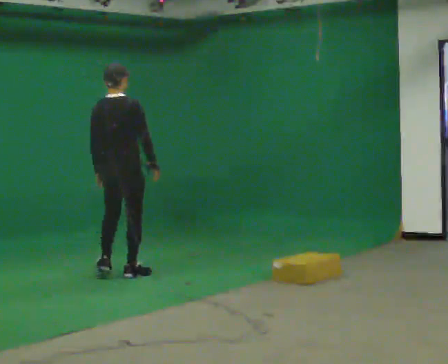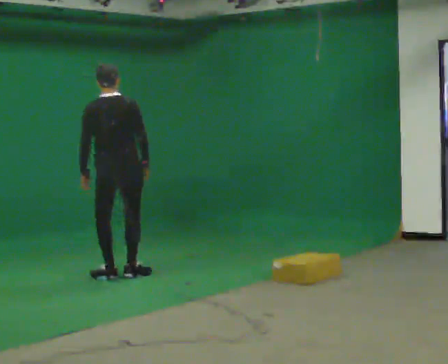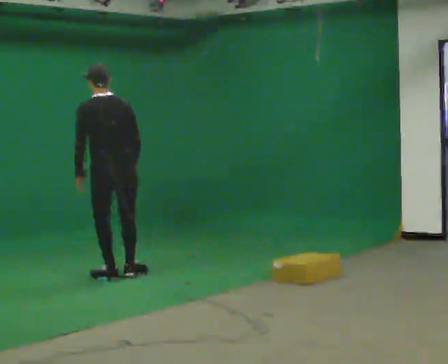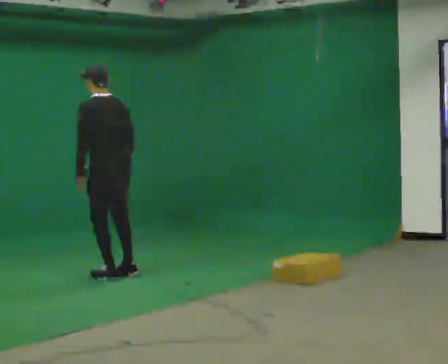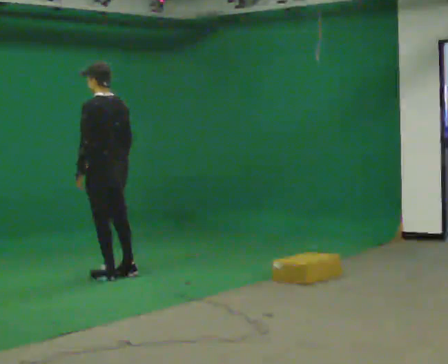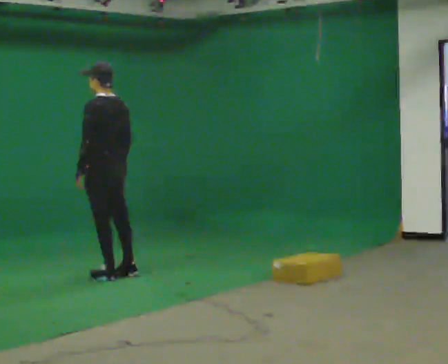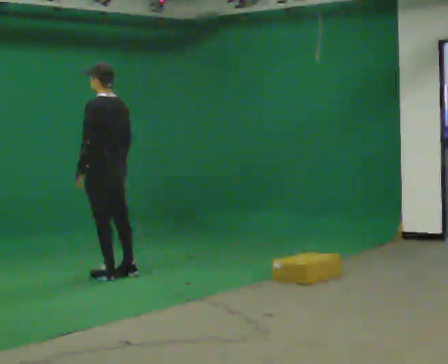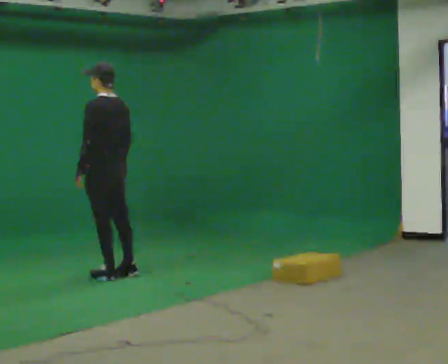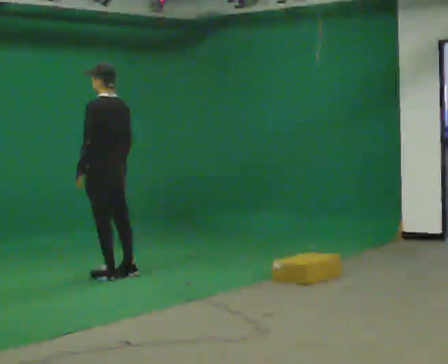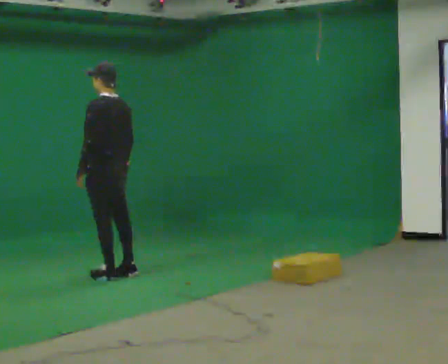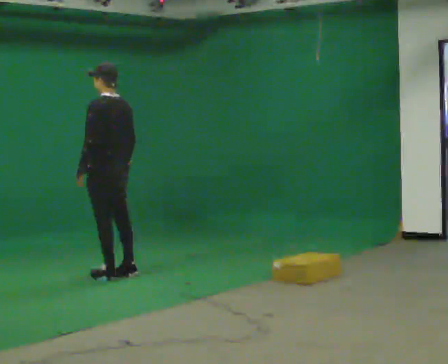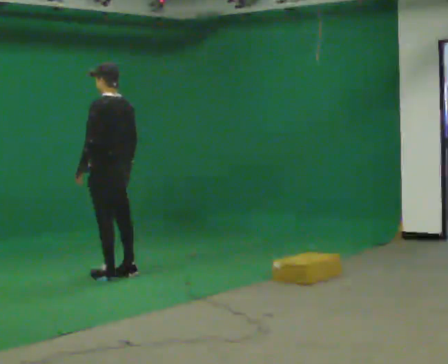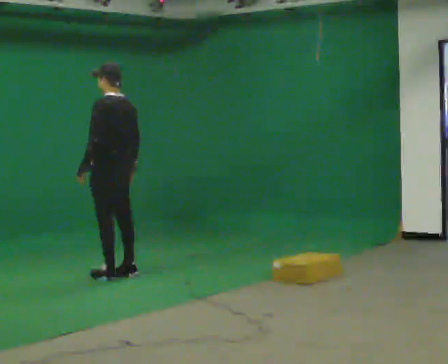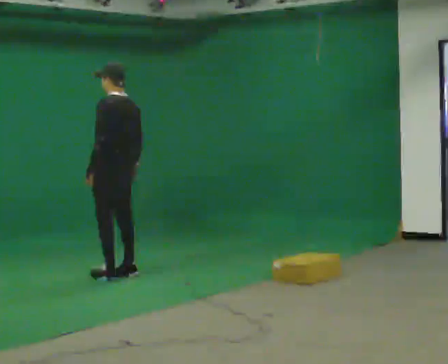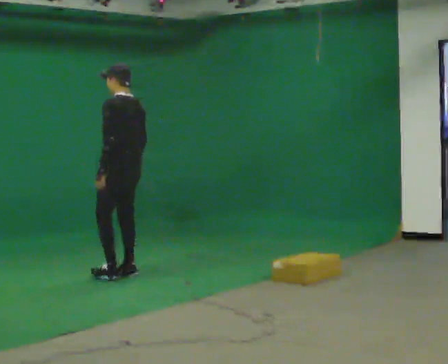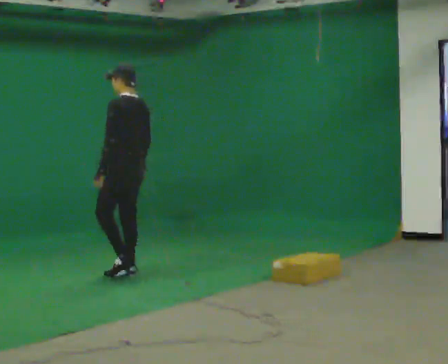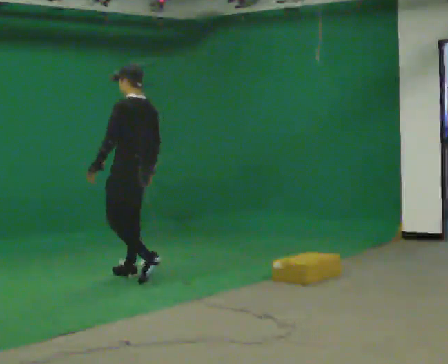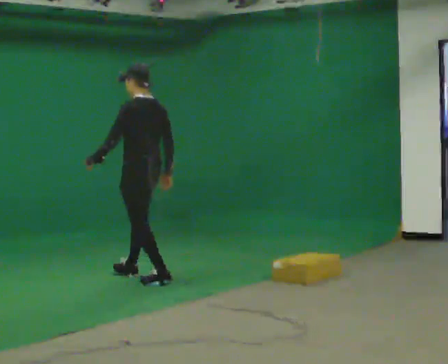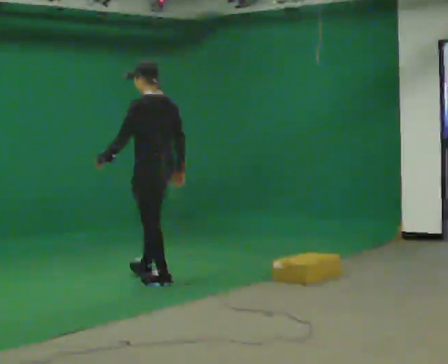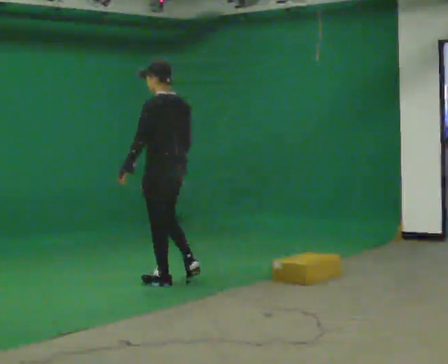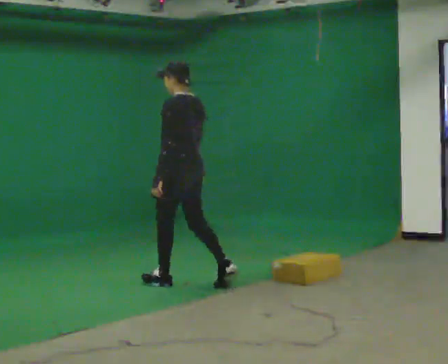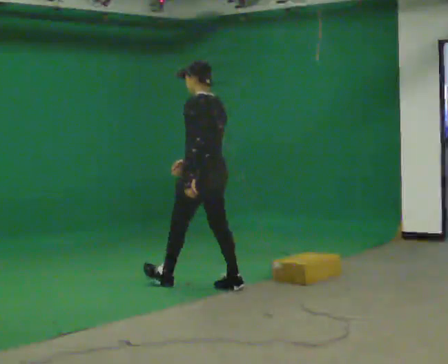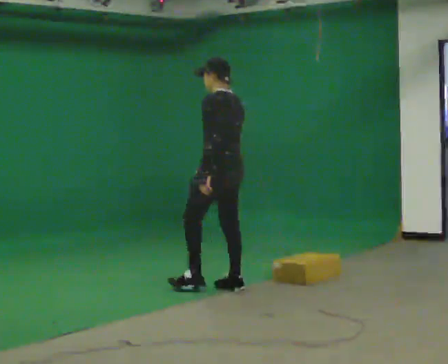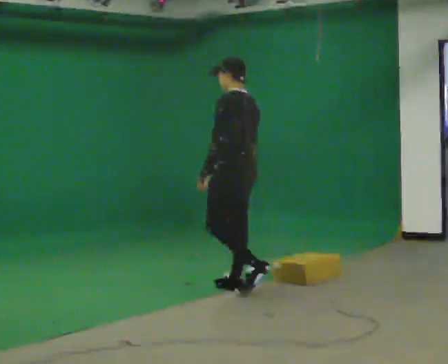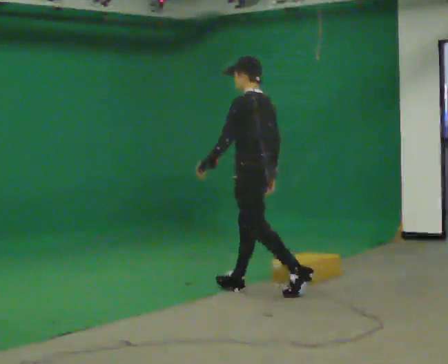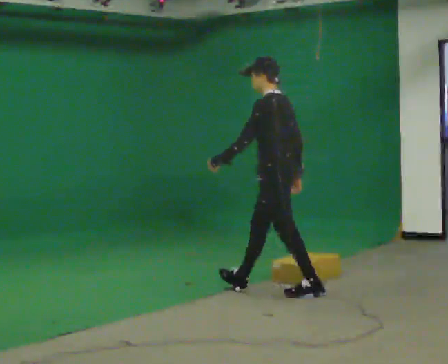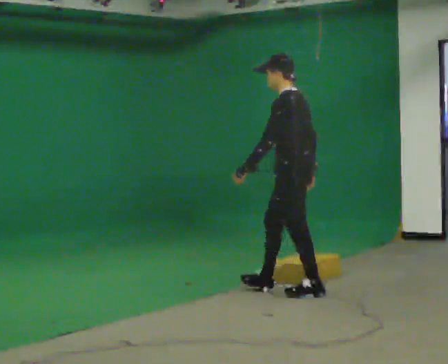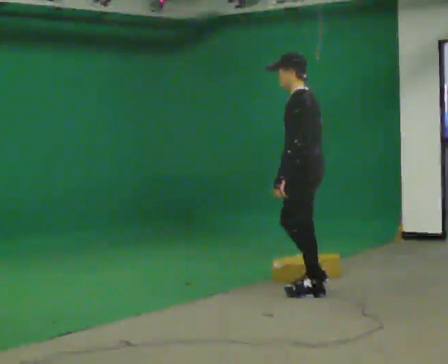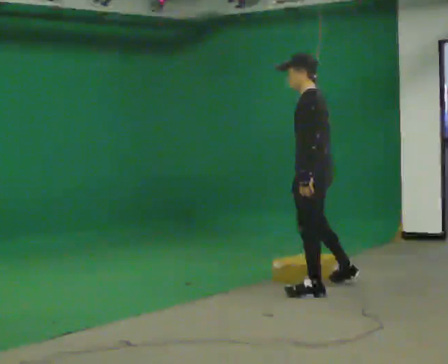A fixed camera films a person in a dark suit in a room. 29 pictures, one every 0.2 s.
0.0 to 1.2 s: Seen from above the body turns counterclockwise, about 75 degrees: to their left, with its near side sliding to the right. In the picture their right hand goes to the left.
1.2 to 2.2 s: The person moves a little, or ends about where they began.
2.2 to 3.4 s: In the picture they go to the right and toward the camera, about 0.25 m in 1 step, which for them is backward.
3.4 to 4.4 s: In the picture they go to the right and toward the camera, about 1 m in 2 steps, which for them is backward.
4.4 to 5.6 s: In the picture they go to the right, about 0.5 m in 1 step, which for them is backward.
The film runs backward here.
